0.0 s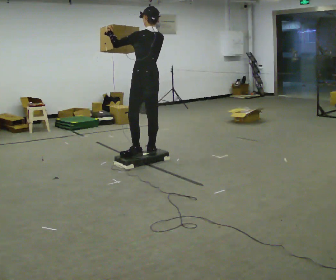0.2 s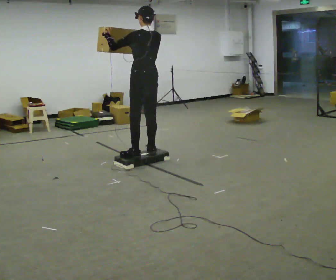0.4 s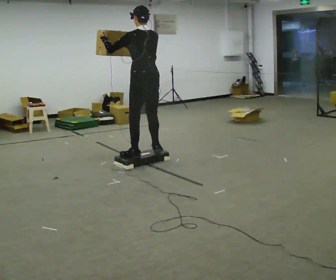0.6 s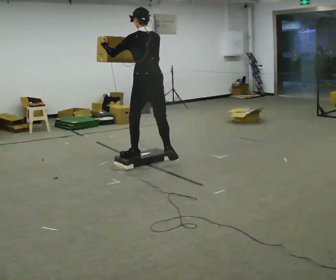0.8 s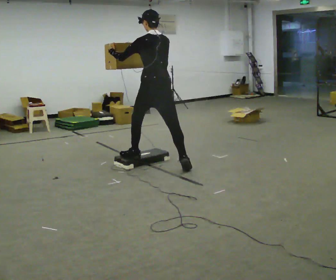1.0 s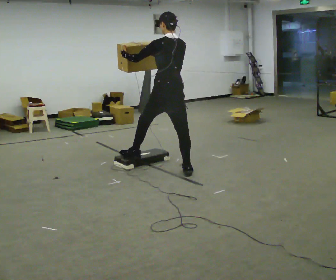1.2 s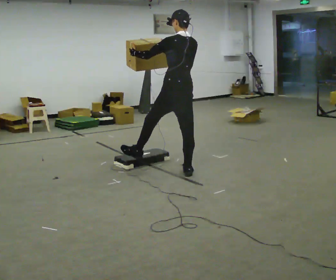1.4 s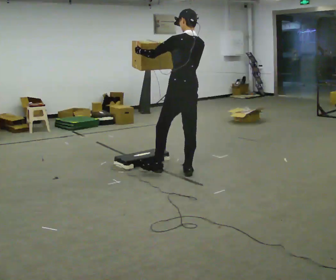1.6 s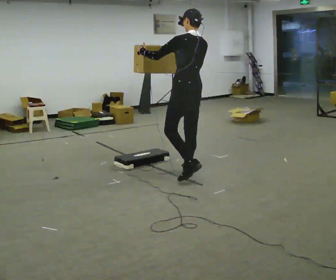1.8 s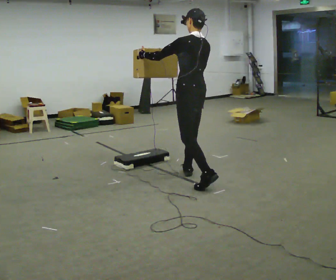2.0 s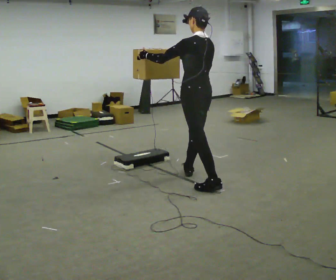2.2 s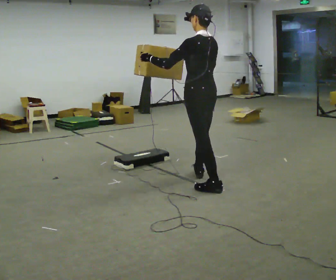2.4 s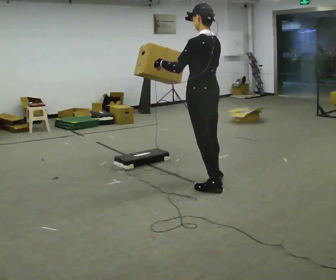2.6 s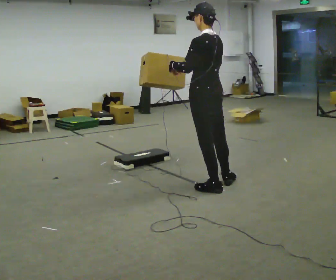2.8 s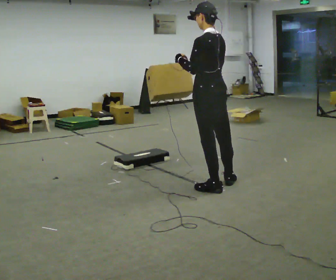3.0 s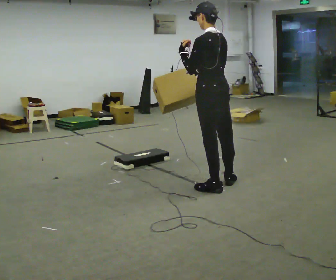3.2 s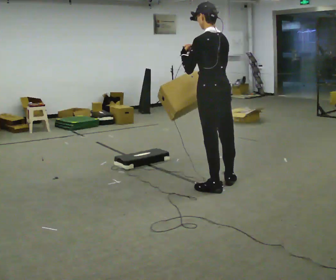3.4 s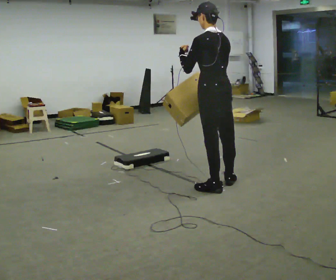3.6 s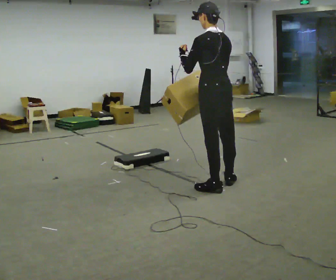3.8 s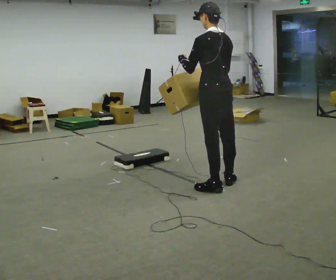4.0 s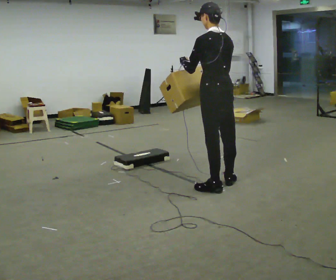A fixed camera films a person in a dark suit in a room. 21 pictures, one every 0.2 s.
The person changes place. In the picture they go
to the right.
Their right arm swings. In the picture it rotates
counterclockwise.
0.0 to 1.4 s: In the picture they go to the right and toward the camera, about 0.75 m in 2 steps, which for them is backward.
1.4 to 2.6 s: In the picture they go to the right and toward the camera, about 0.5 m in 1 step, which for them is backward.
2.6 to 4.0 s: The person moves a little, or ends about where they began.
The film runs backward here.
